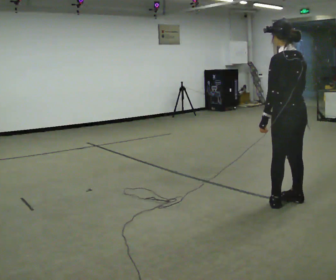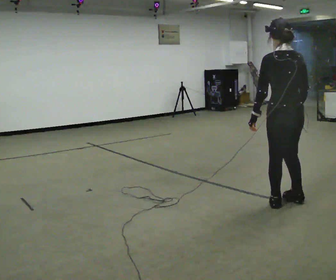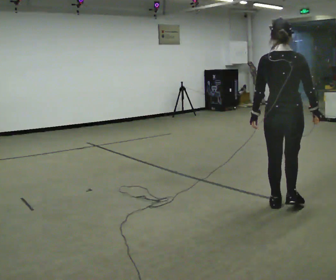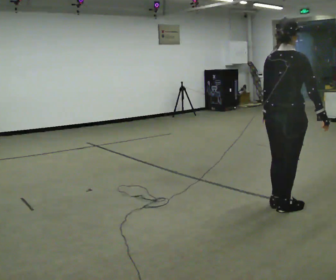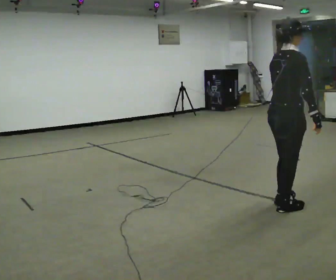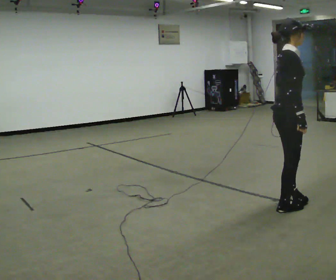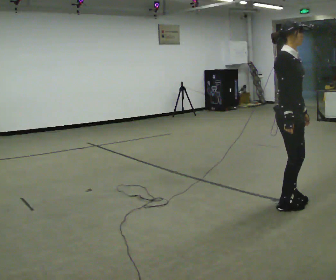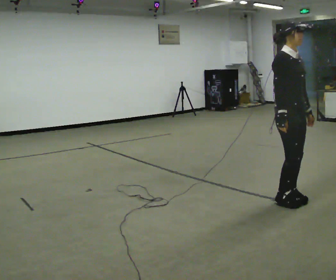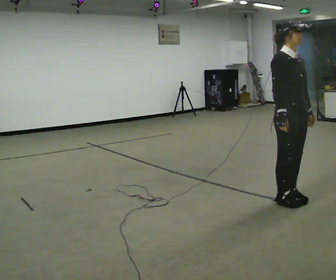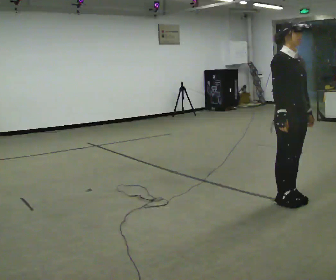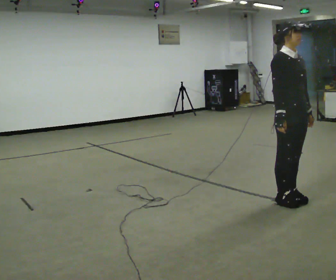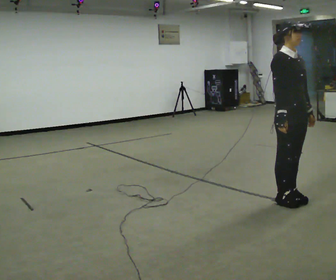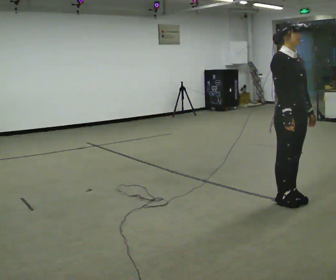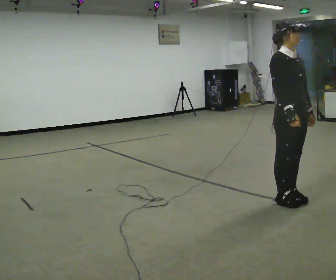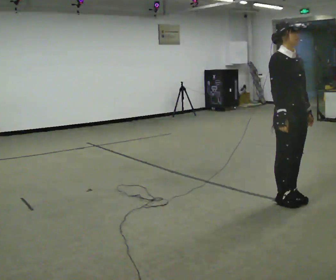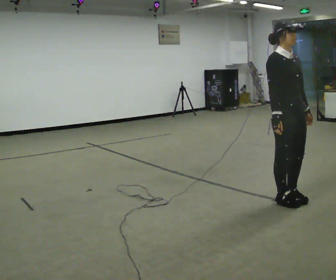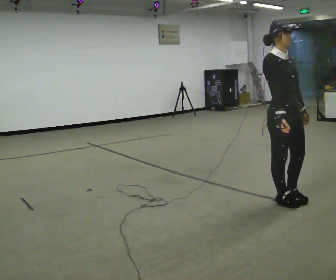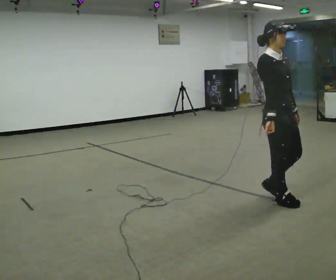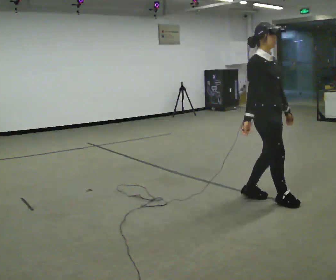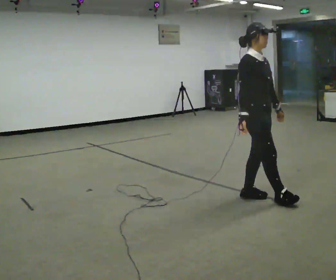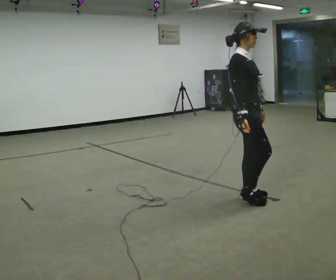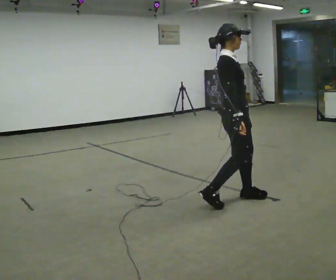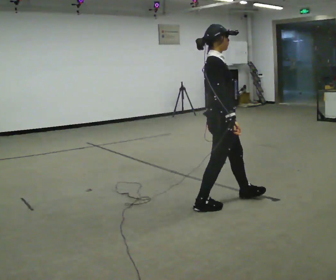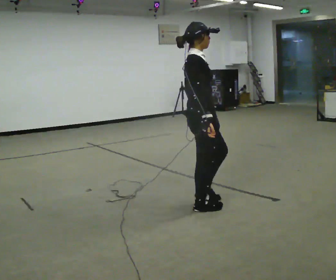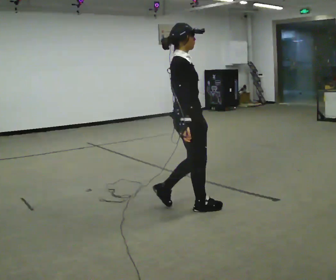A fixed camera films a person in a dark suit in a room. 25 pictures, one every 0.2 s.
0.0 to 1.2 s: Seen from above the body turns clockwise, about 150 degrees: to their right, with its near side sliding to the left.
1.2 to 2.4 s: Seen from above the body turns clockwise, about 30 degrees: to their right, with its near side sliding to the left.
2.4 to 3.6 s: In the picture they go to the left, about 0.25 m in 1 step, which for them is backward. In the picture their right hand goes to the left.
3.6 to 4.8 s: The part of the body nearest the lens slides to the right as the person turns to their left by about 45 degrees. In the picture they go to the left, about 0.5 m in 2 steps, which for them is backward.
The film runs backward here.
